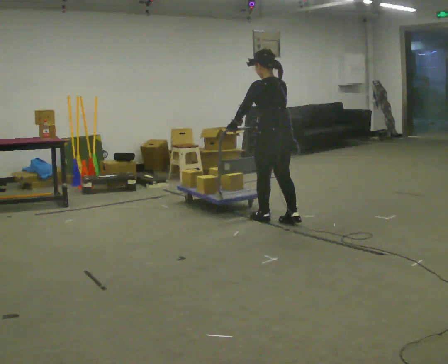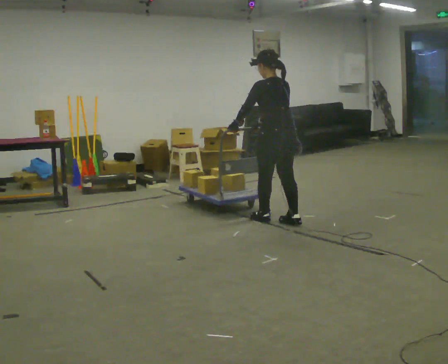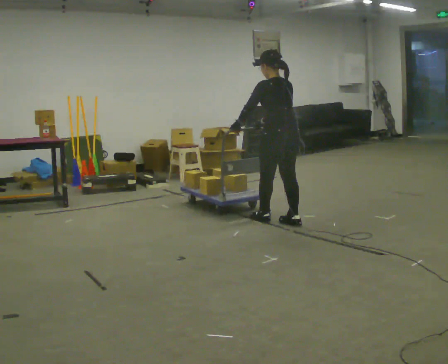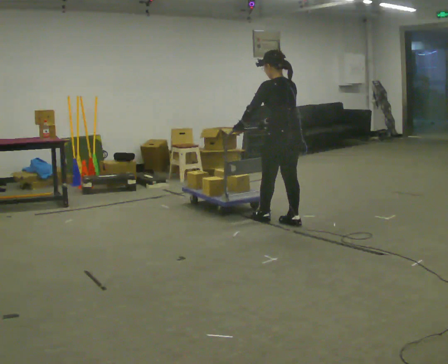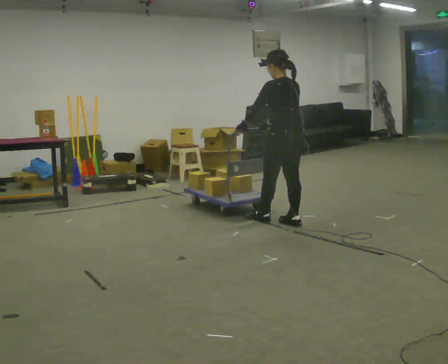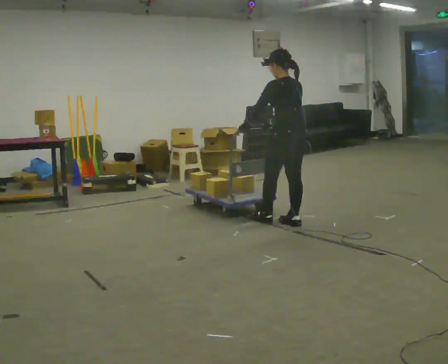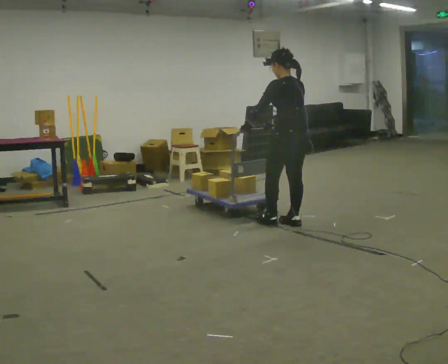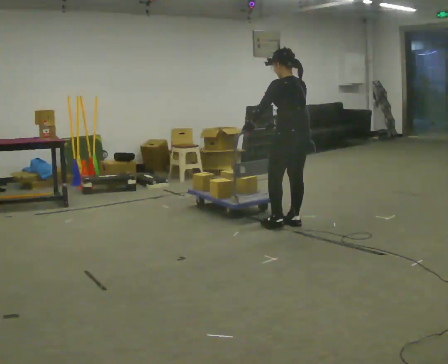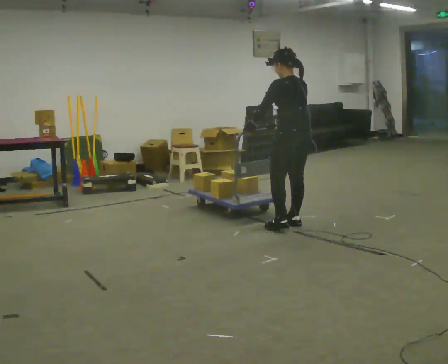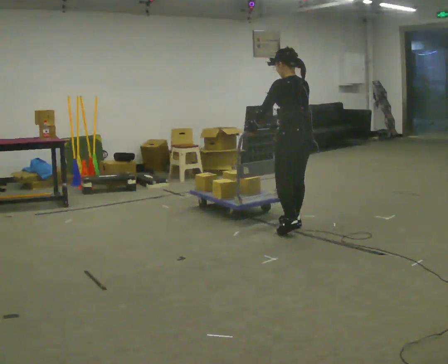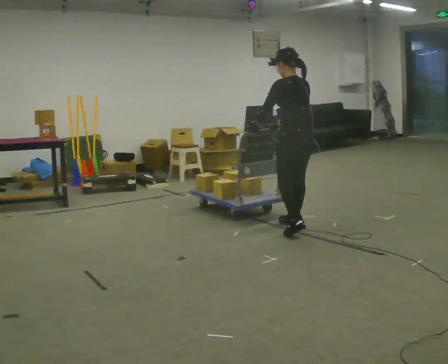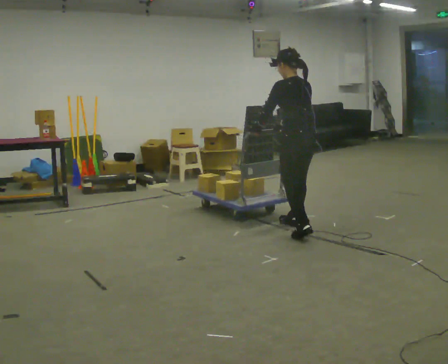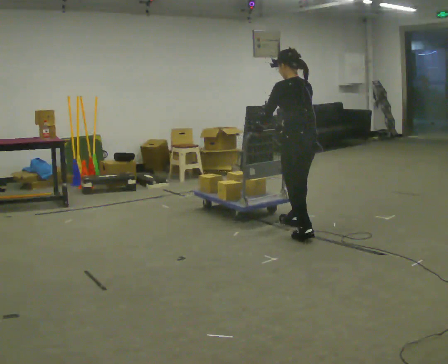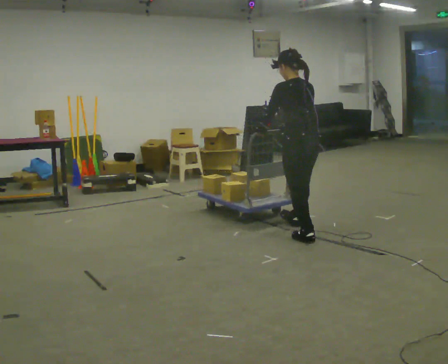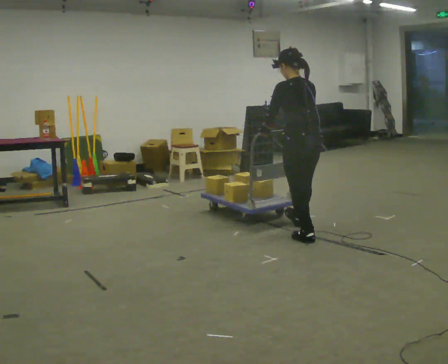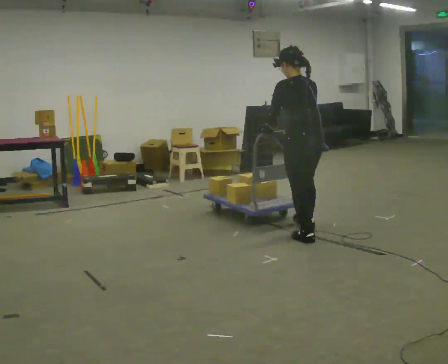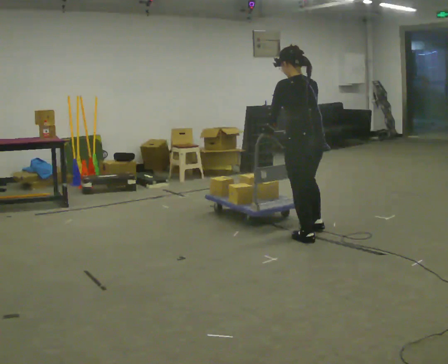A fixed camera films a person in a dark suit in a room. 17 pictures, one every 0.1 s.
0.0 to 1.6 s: In the picture they go toward the camera and to the right, about 0.5 m in 1 step, which for them is backward.
The film runs forward here.
